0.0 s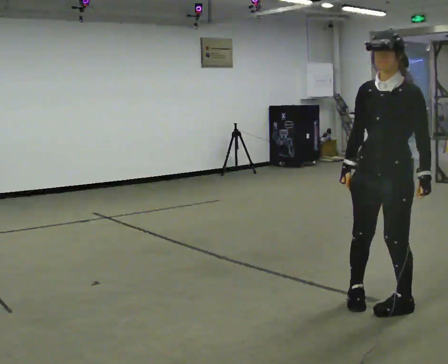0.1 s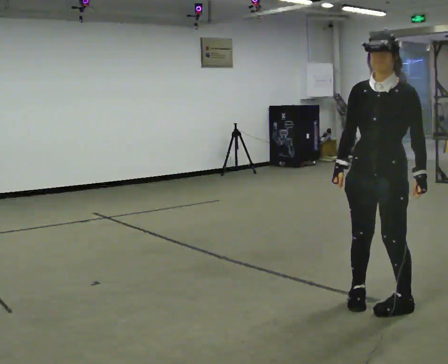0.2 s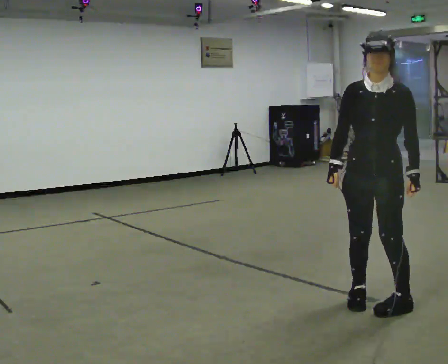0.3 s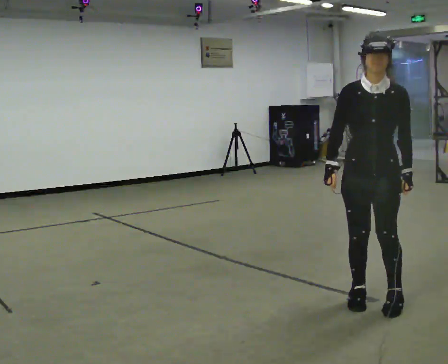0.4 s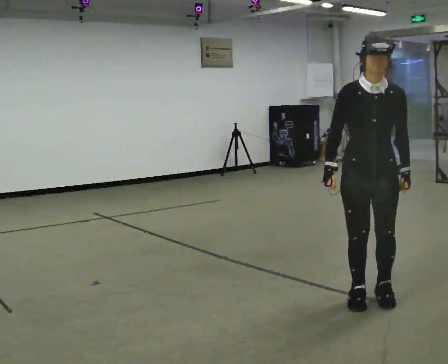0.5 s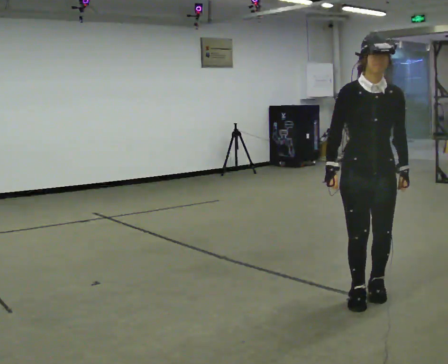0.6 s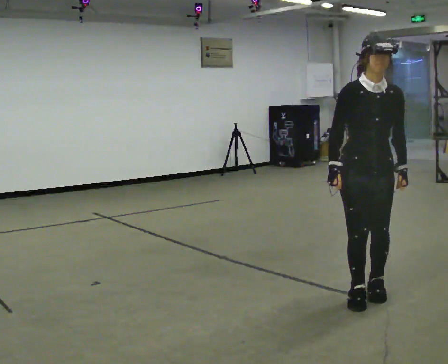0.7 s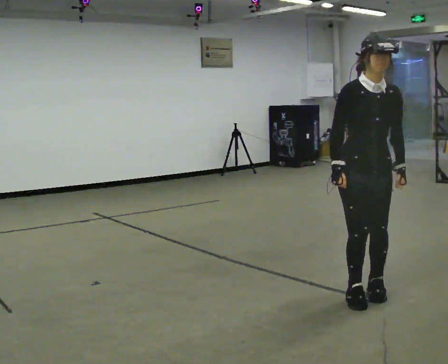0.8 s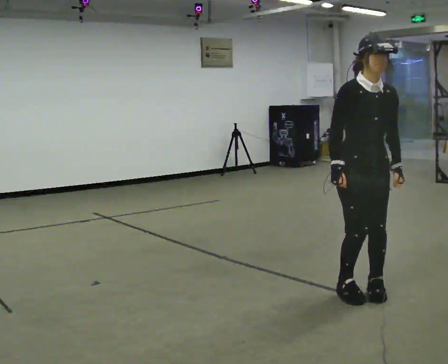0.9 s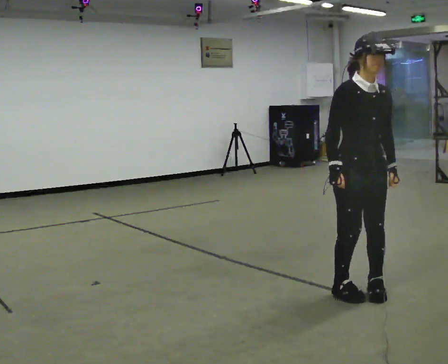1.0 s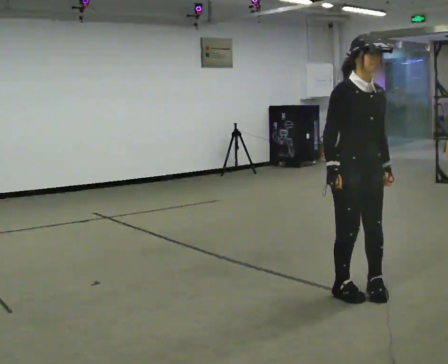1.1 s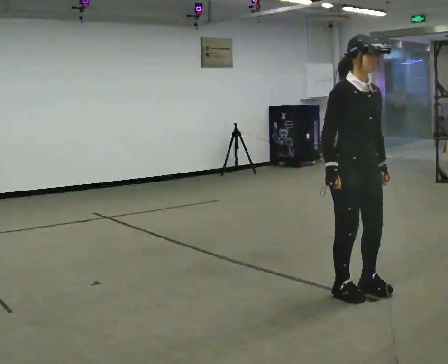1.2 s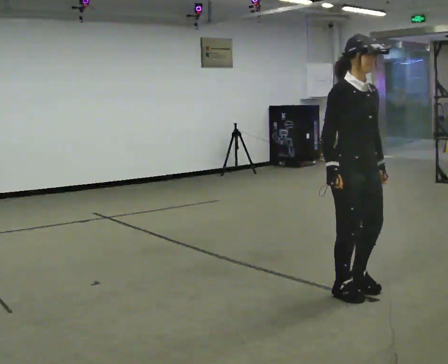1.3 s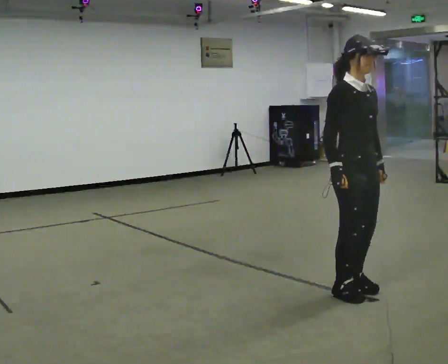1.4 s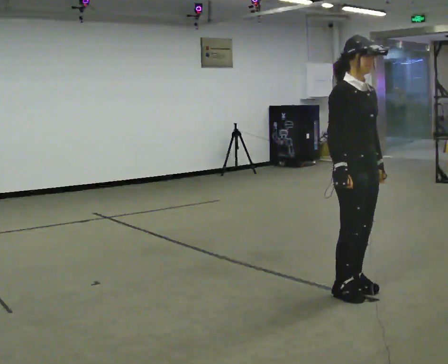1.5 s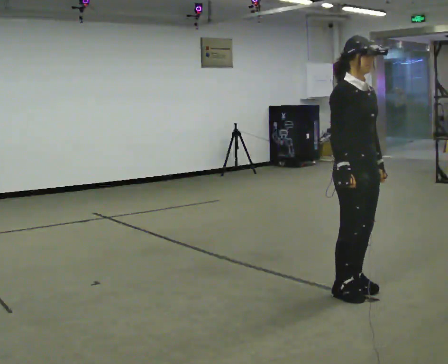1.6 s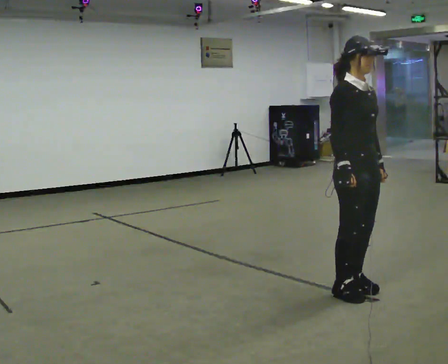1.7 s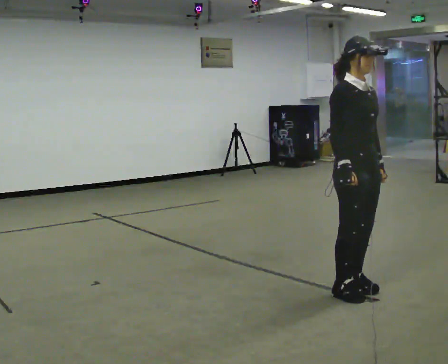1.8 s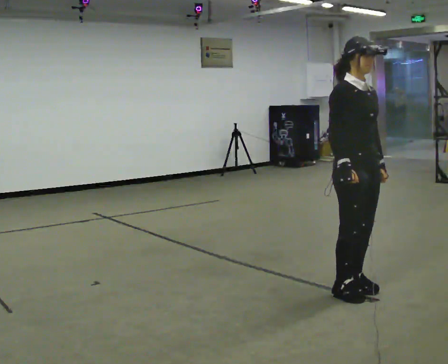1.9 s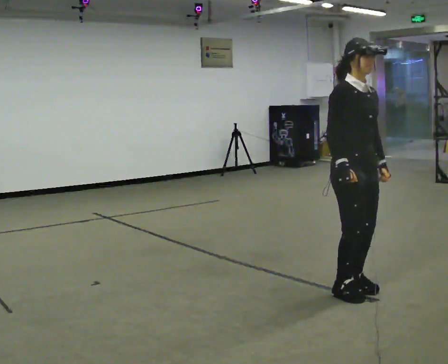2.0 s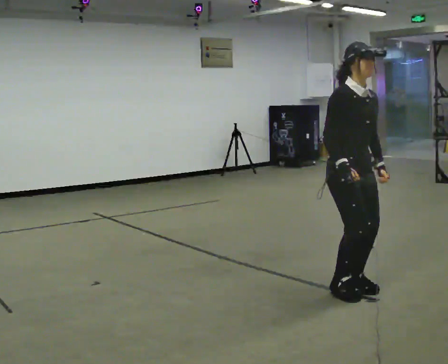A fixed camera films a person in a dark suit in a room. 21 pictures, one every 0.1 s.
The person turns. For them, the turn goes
to their left.
The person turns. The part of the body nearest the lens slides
to the right.
0.0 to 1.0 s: Seen from above the body turns counterclockwise, about 75 degrees: to their left, with its near side sliding to the right. In the picture they go away from the camera and to the left, about 0.25 m in 1 step.
1.0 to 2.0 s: The person moves a little, or ends about where they began.
The film runs forward here.
